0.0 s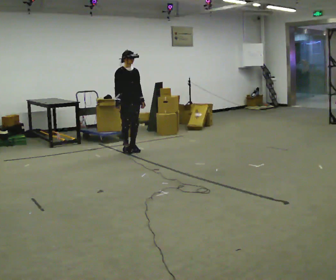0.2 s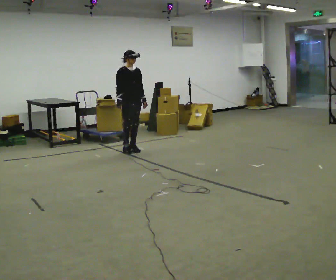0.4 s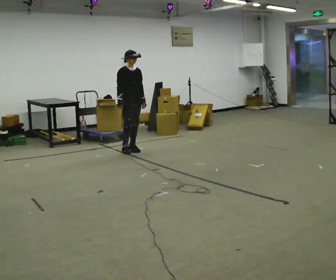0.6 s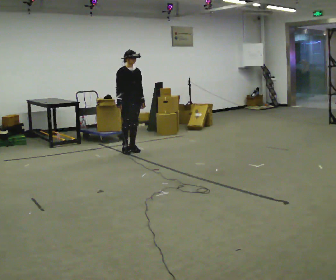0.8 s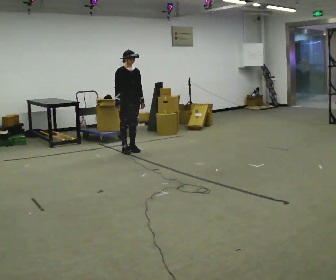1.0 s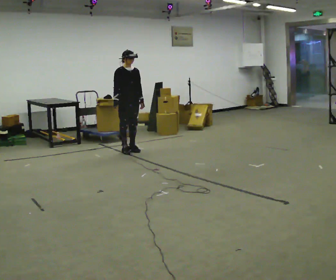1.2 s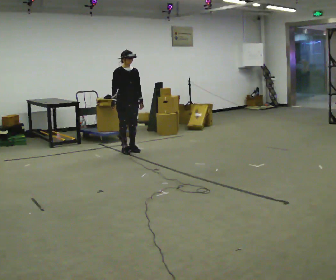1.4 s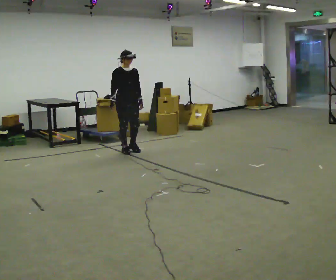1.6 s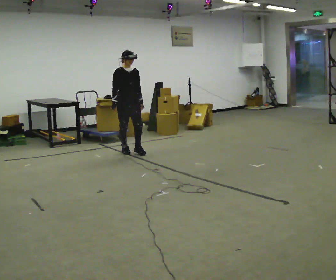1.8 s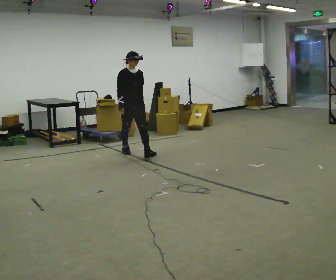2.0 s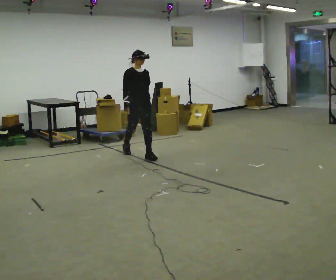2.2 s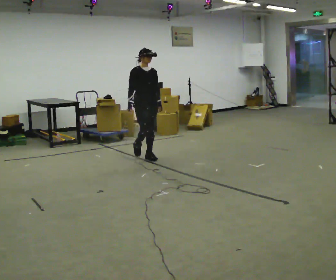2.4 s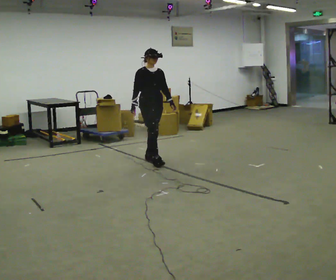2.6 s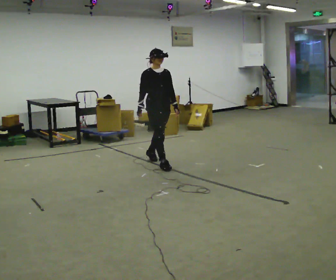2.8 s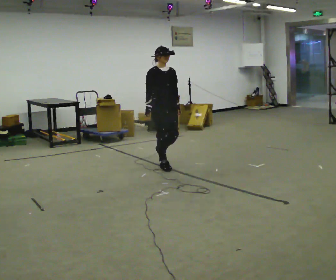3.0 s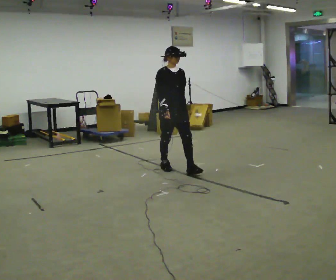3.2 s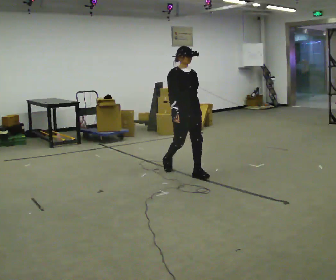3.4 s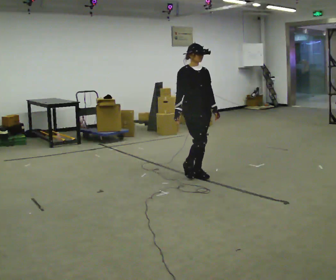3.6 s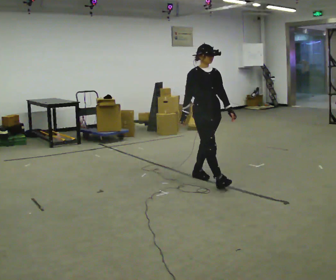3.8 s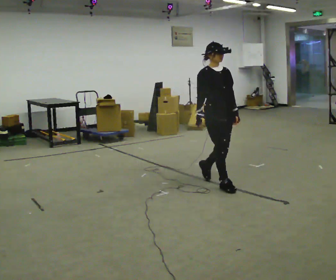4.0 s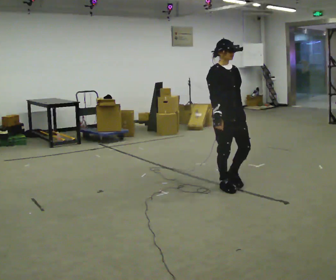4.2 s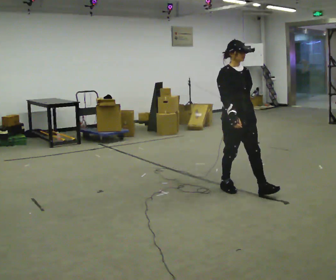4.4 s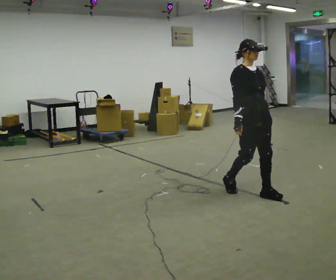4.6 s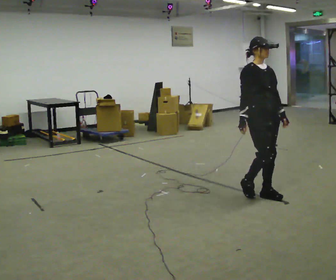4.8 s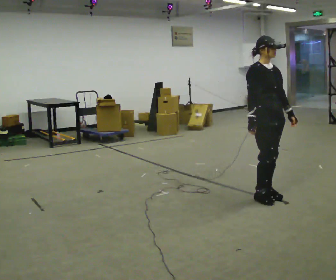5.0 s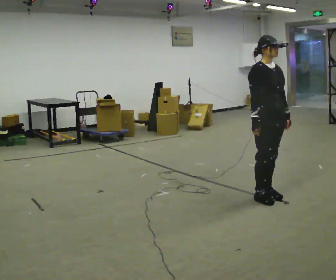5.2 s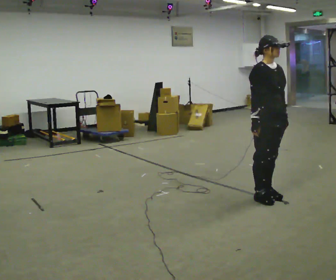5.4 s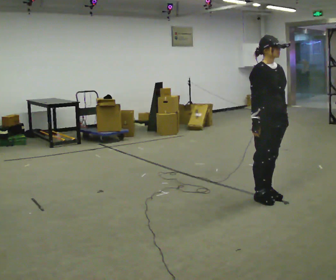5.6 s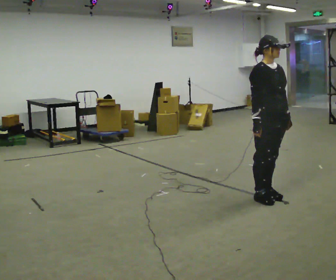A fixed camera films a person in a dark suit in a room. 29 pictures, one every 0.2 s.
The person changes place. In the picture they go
toward the camera.
0.0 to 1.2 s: The person moves a little, or ends about where they began.
1.2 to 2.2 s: In the picture they go toward the camera and to the right, about 0.5 m in 1 step, which for them is forward.
2.2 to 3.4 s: In the picture they go toward the camera and to the right, about 1 m in 2 steps, which for them is forward.
3.4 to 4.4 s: In the picture they go toward the camera and to the right, about 1 m in 2 steps, which for them is forward.
4.4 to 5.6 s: In the picture they go toward the camera, about 0.25 m in 1 step, which for them is forward.
The film runs forward here.
